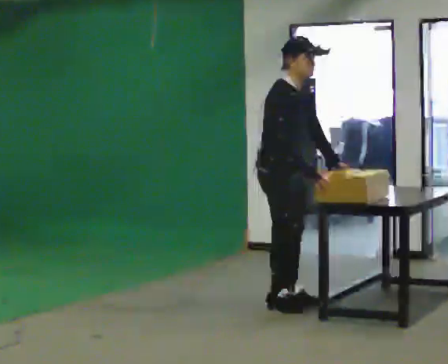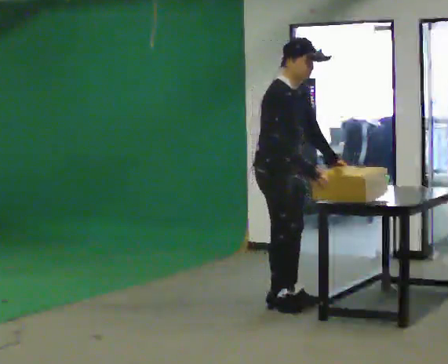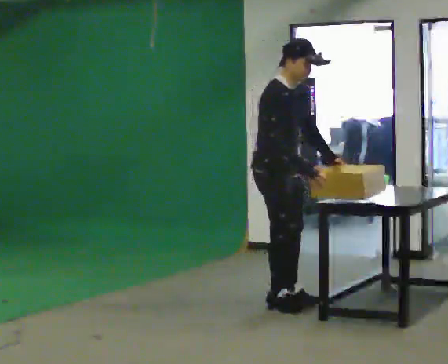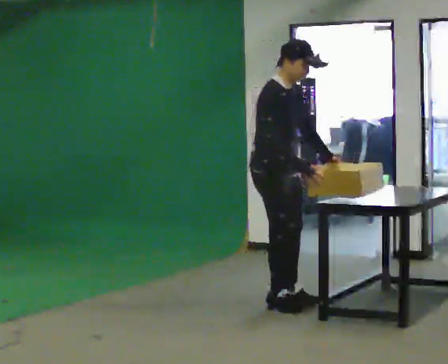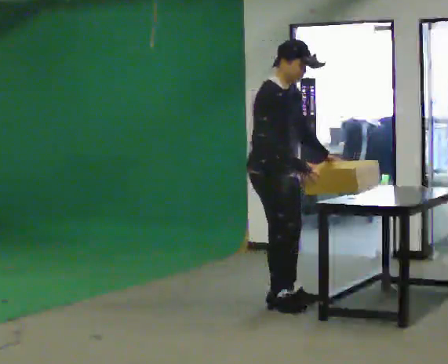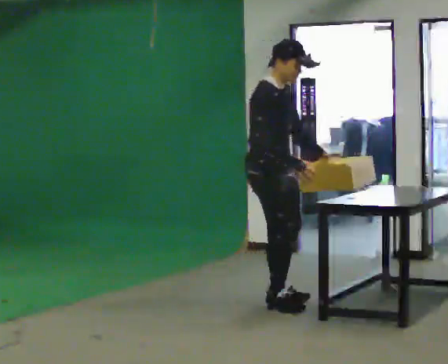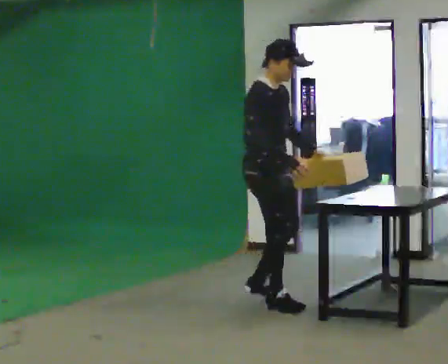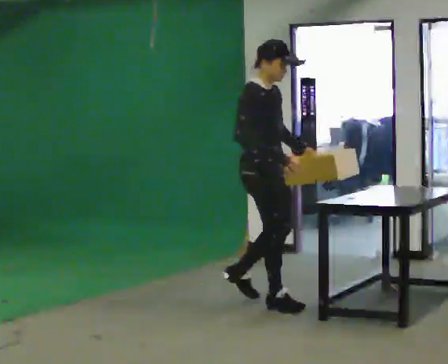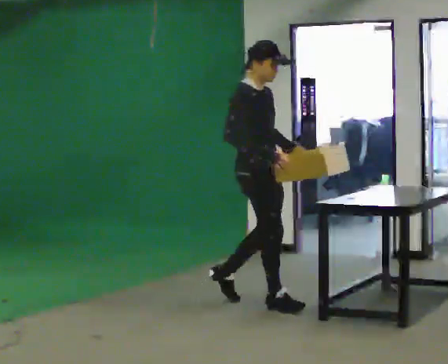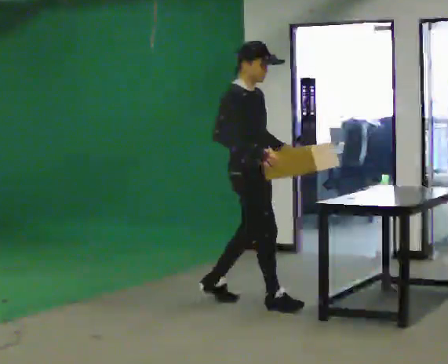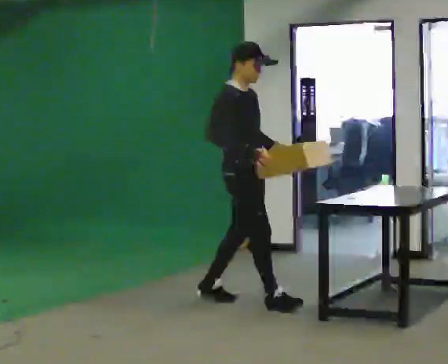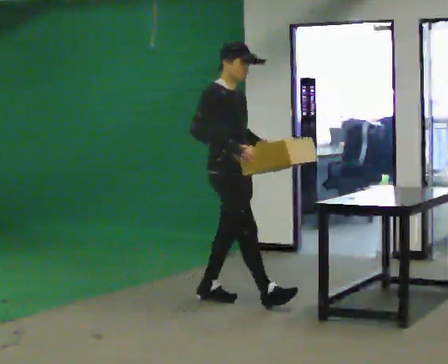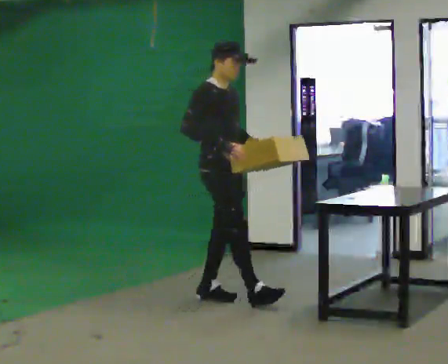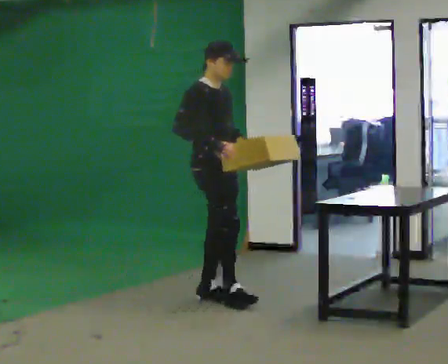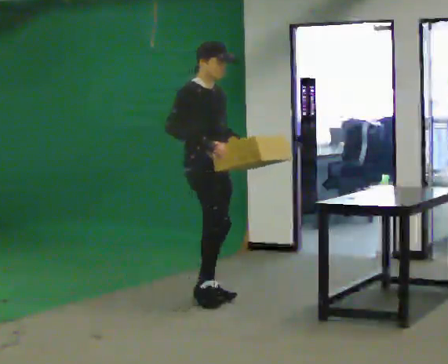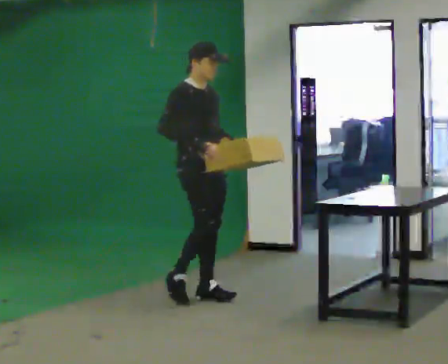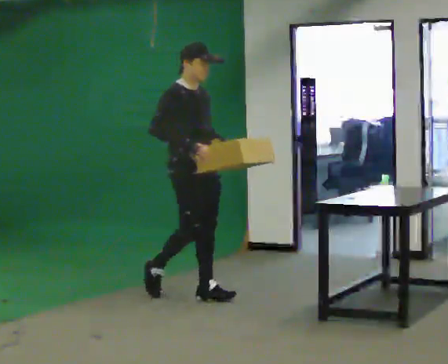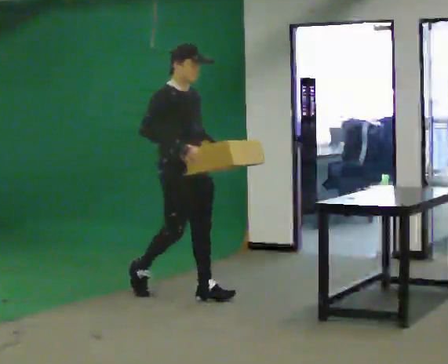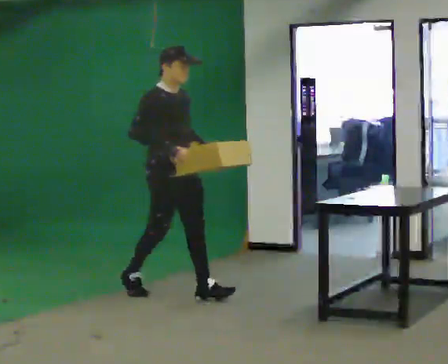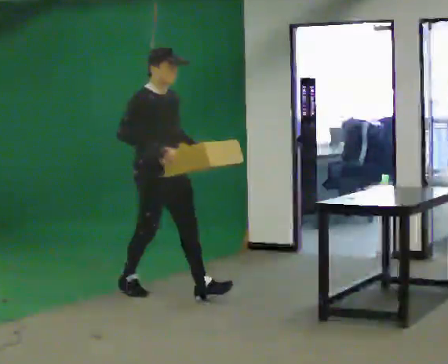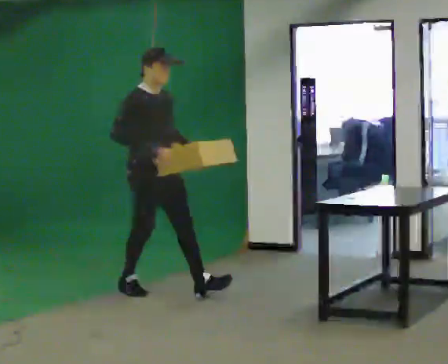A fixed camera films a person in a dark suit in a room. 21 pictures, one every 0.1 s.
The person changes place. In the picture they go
to the left.
0.0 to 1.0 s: In the picture they go to the left, about 0.25 m in 1 step, which for them is backward. In the picture the upper body tilts counterclockwise, shoulders to the left, as they lean back or straighten. In the picture their right hand goes to the left.
1.0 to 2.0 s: In the picture they go to the left and away from the camera, about 0.5 m in 1 step, which for them is backward.
The film runs backward here.
